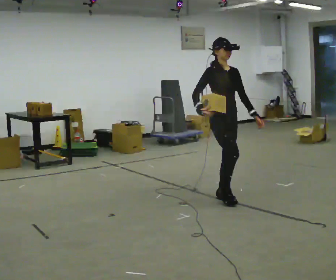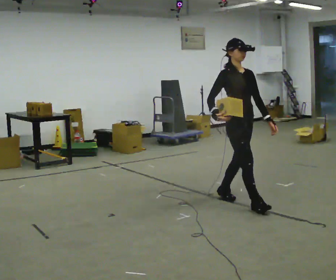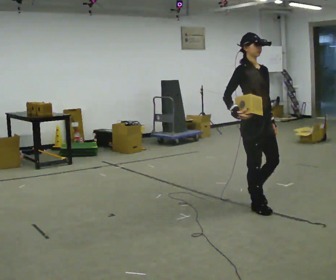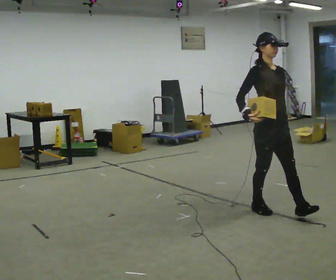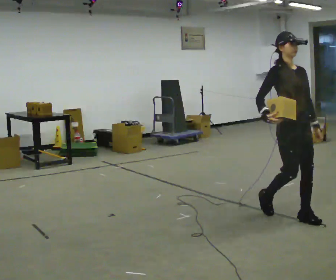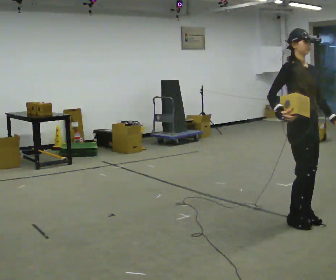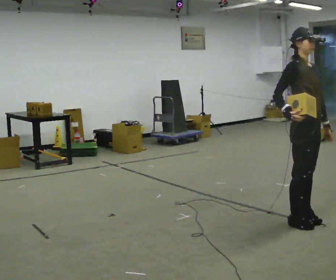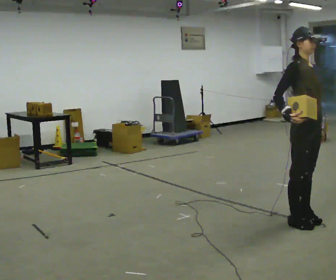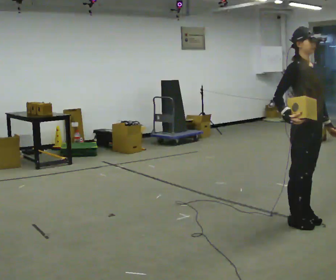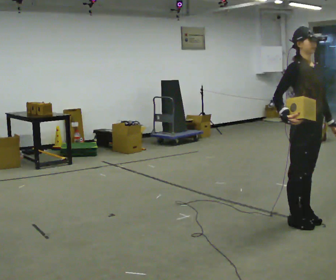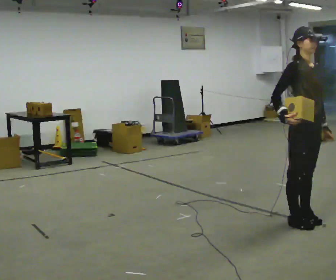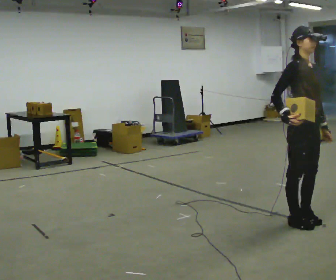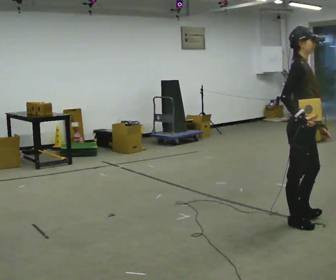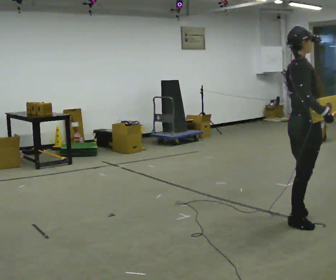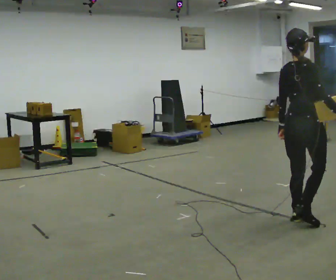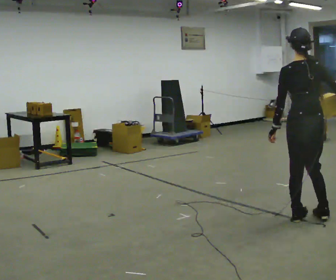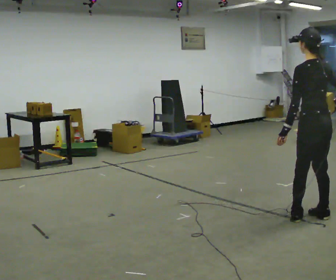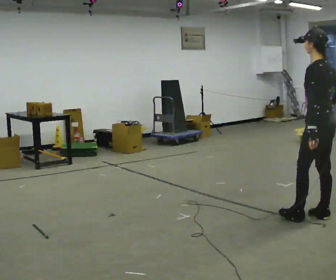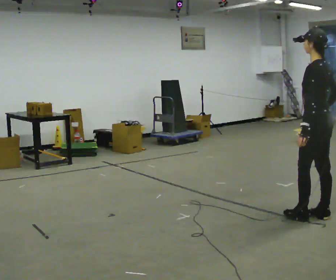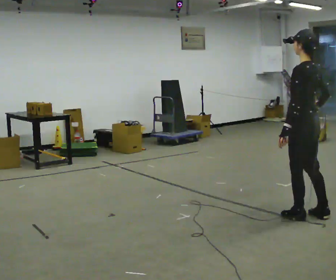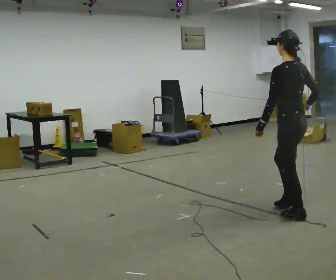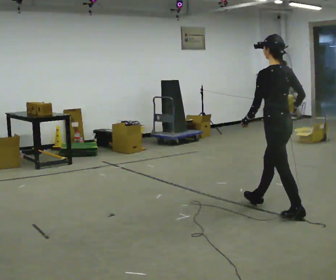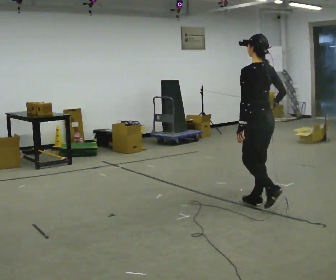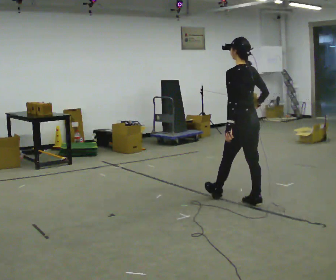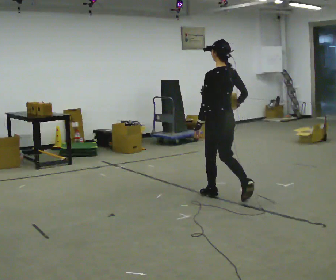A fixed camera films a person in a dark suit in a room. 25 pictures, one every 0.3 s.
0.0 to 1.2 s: In the picture they go toward the camera and to the right, about 1 m in 2 steps, which for them is forward.
1.2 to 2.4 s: The person moves a little, or ends about where they began.
2.4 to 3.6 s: Seen from above the body turns counterclockwise, about 30 degrees: to their left, with its near side sliding to the right.
3.6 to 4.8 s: The part of the body nearest the lens slides to the right as the person turns to their left by about 135 degrees. In the picture they go to the right, about 0.25 m in 1 step. In the picture their right hand goes to the right.
4.8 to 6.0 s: In the picture they go to the left, about 0.25 m, which for them is forward.
6.0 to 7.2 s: In the picture they go away from the camera and to the left, about 1 m in 2 steps, which for them is forward.
The film runs forward here.
